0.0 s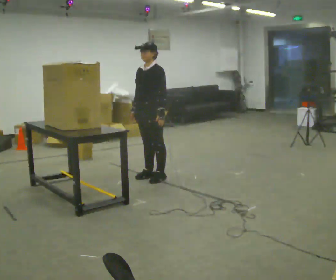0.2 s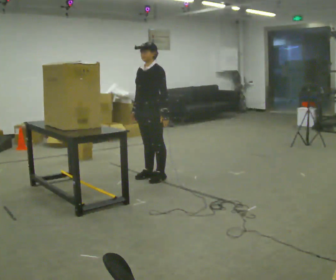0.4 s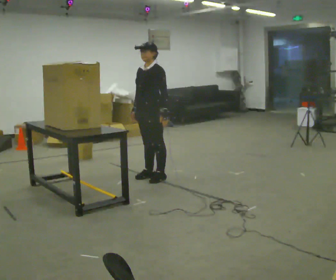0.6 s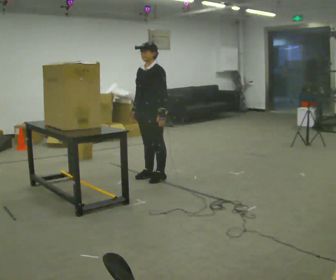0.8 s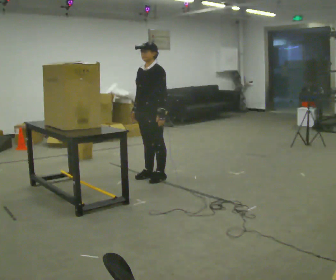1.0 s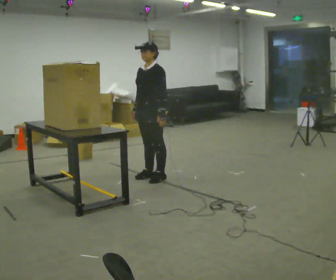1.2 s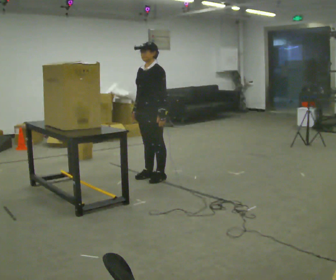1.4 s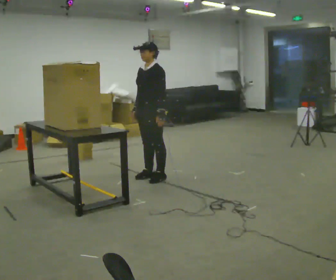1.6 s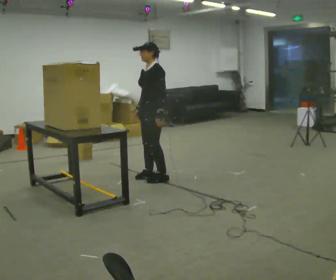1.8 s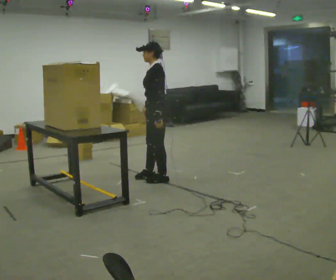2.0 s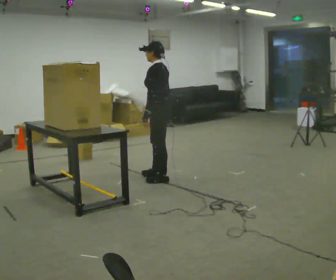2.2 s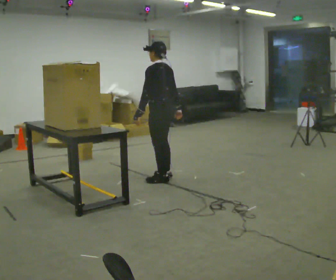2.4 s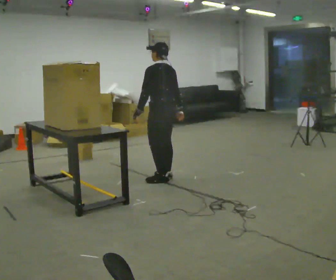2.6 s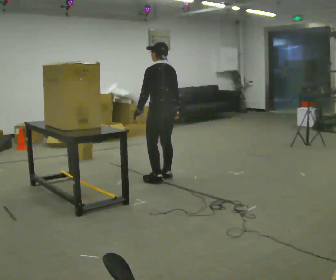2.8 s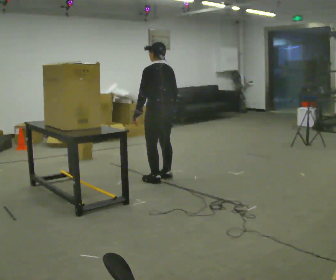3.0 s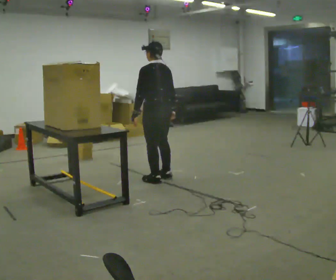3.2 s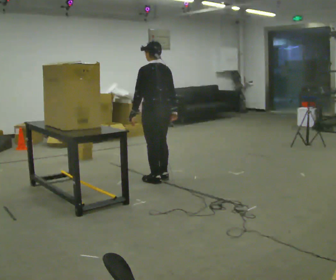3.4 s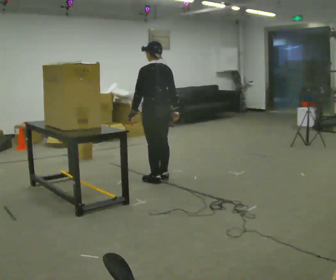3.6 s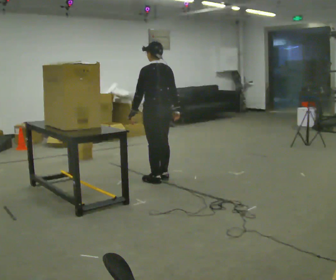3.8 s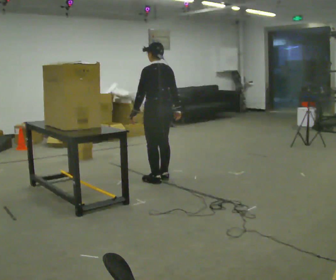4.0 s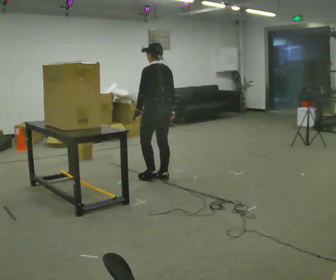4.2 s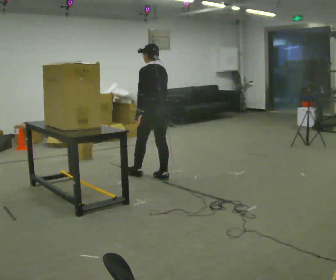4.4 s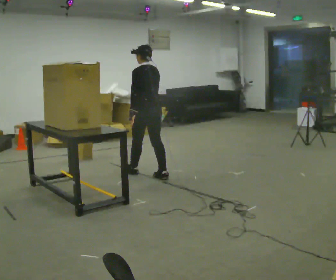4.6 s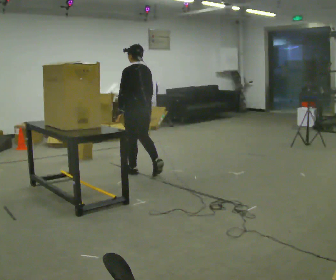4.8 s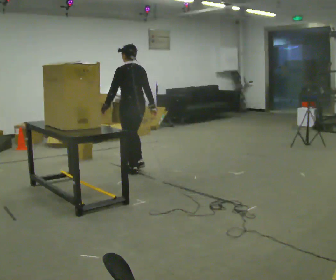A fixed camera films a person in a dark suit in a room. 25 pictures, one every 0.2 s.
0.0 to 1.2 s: The person moves a little, or ends about where they began.
1.2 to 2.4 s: Seen from above the body turns clockwise, about 75 degrees: to their right, with its near side sliding to the left. In the picture their right hand goes to the right, the arm swinging counterclockwise.
2.4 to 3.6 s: The person moves a little, or ends about where they began.
3.6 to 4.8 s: In the picture they go to the left and away from the camera, about 0.5 m in 1 step, which for them is forward.
The film runs forward here.
